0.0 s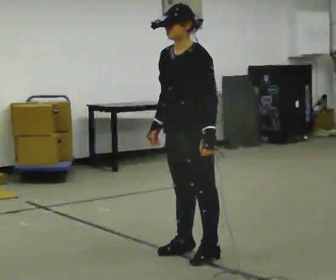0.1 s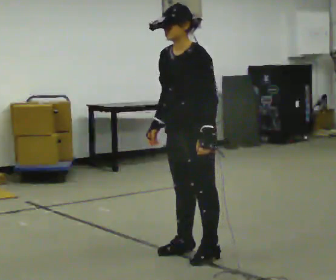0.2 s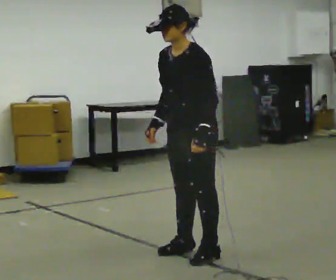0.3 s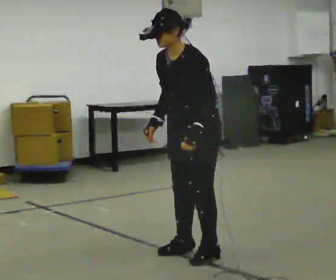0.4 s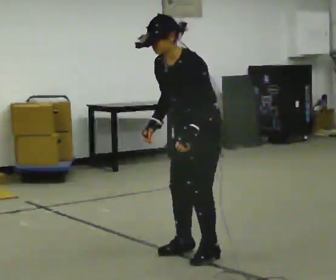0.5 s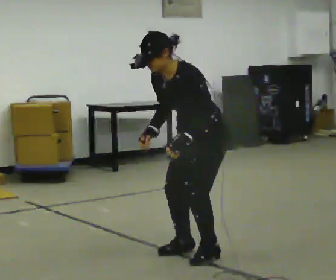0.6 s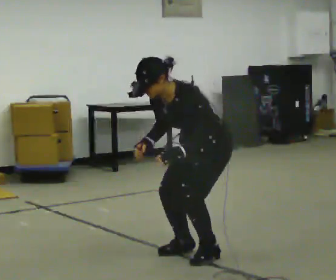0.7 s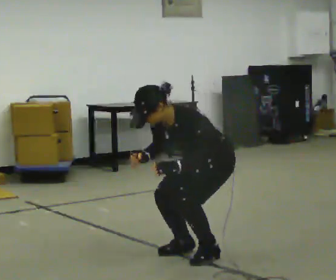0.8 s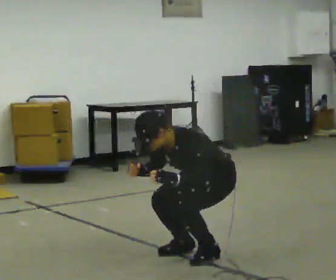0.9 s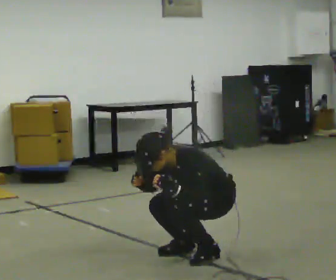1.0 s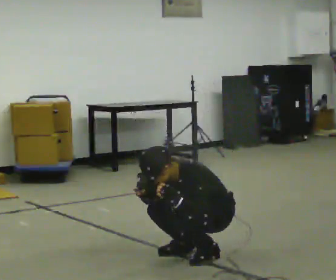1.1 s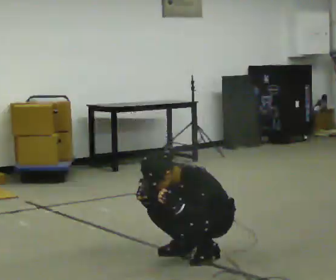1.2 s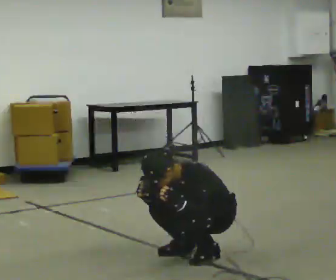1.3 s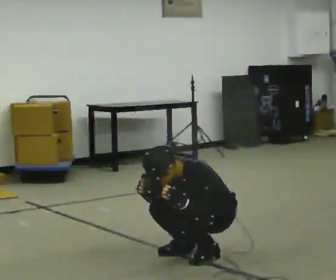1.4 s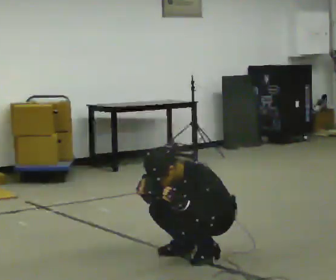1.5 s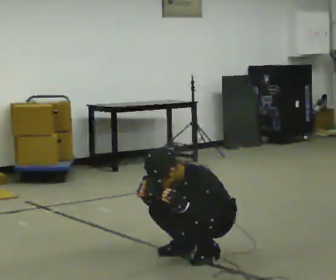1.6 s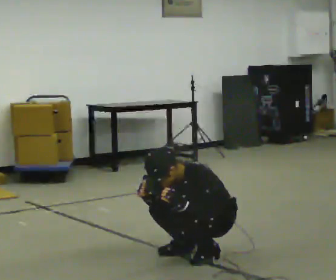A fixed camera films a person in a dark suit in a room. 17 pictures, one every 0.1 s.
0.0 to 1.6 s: In the picture they go to the right, about 0.25 m, which for them is backward. The shoulders move downward. In the picture their left hand goes downward.
The film runs forward here.
